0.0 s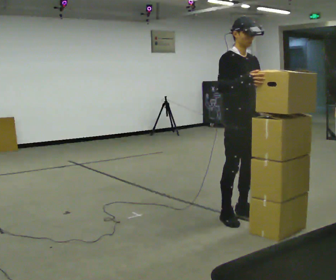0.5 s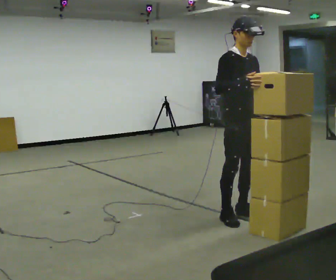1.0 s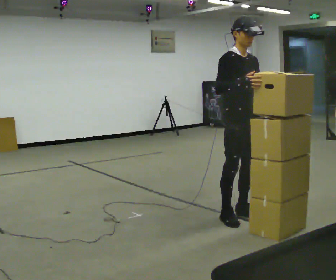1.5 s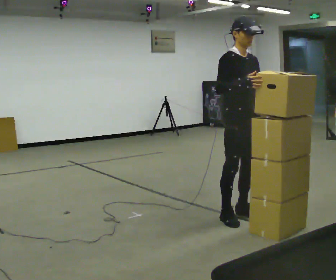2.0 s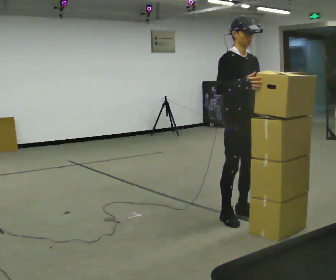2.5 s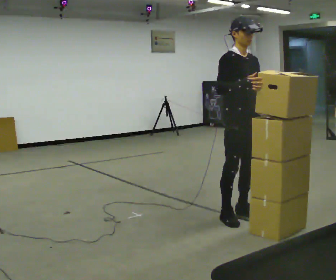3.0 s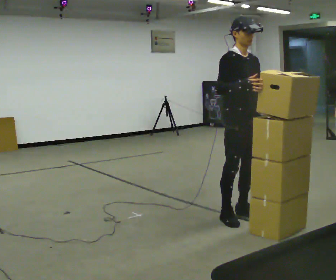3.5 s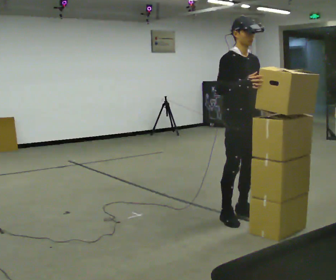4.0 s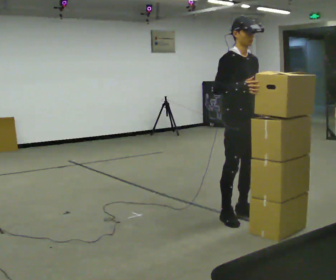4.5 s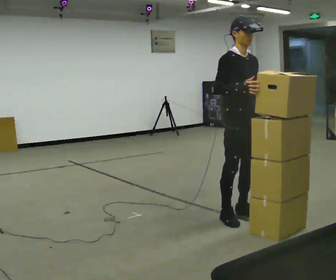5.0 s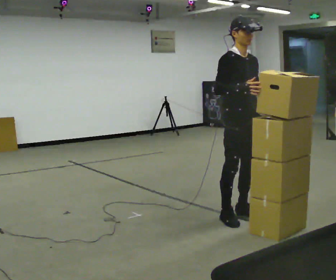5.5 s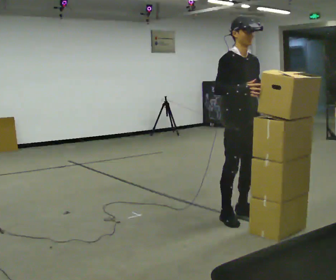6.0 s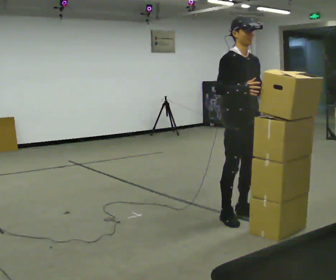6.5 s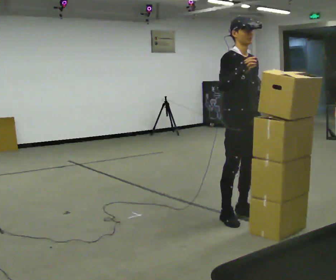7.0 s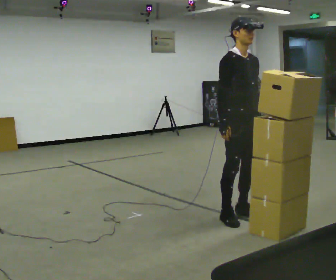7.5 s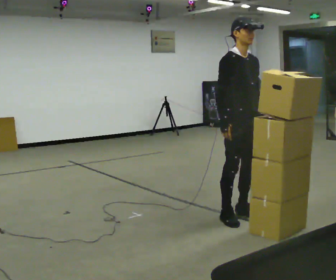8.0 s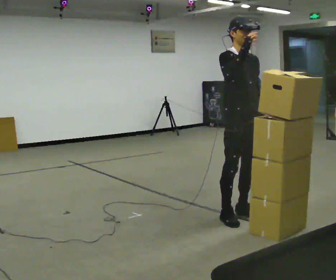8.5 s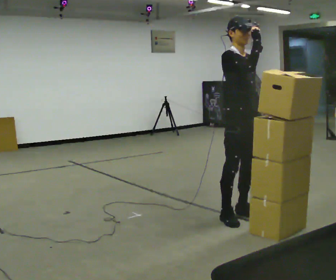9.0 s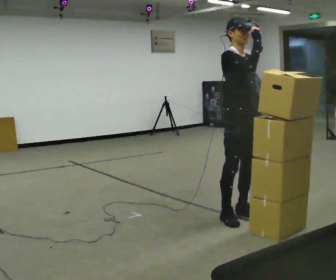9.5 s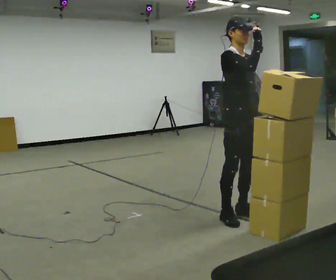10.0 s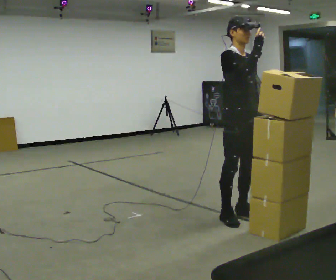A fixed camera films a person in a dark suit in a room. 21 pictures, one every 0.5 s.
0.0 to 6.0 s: The person moves a little, or ends about where they began.
6.0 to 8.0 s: In the picture their right hand goes upward.
8.0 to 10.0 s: The person moves a little, or ends about where they began.
The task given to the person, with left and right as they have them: Carry the stack of boxes across the room without letting it fall over, then bring it back. Keep going until the operator says stop; one object at a time, and do not rush between trips.
The film runs forward here.
